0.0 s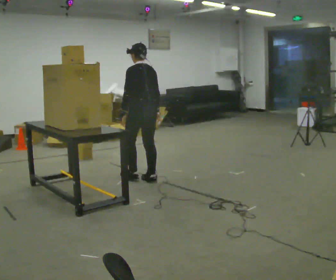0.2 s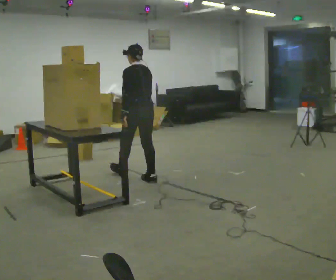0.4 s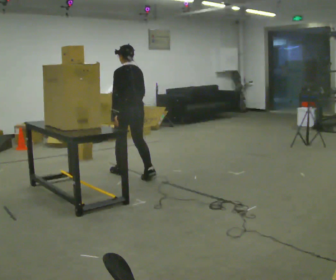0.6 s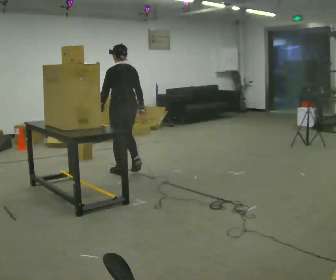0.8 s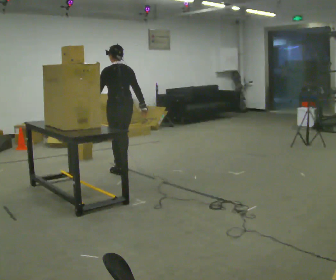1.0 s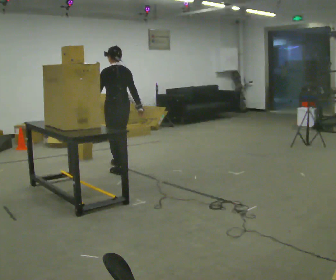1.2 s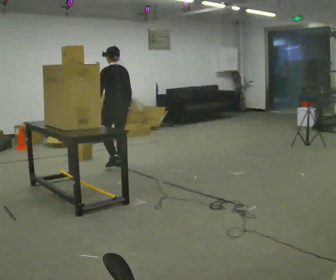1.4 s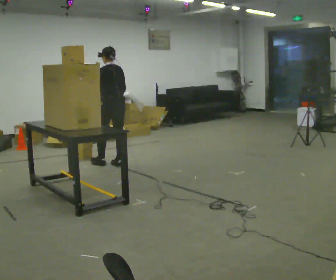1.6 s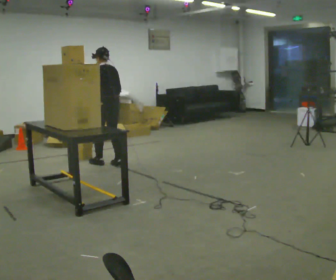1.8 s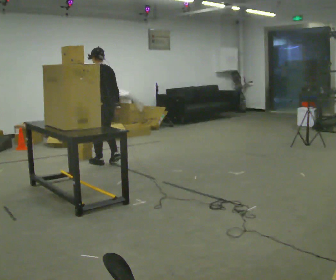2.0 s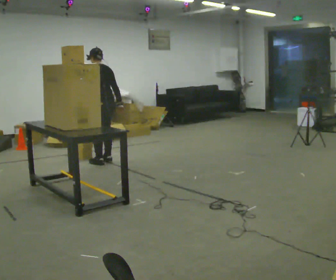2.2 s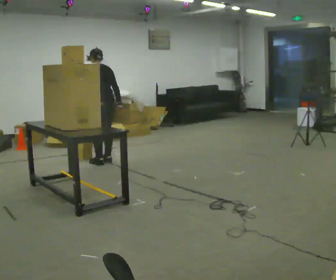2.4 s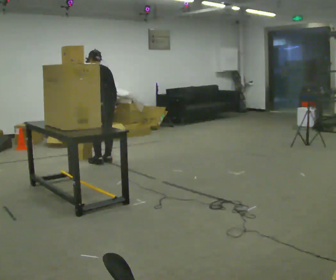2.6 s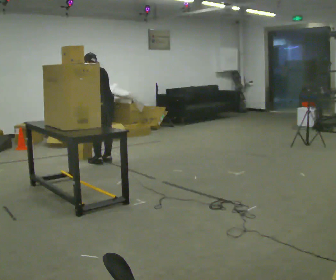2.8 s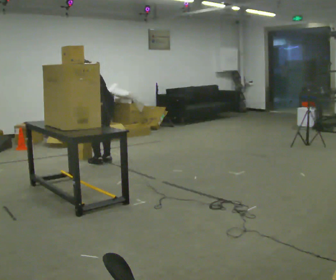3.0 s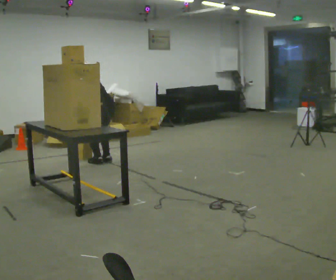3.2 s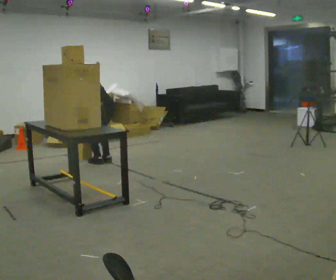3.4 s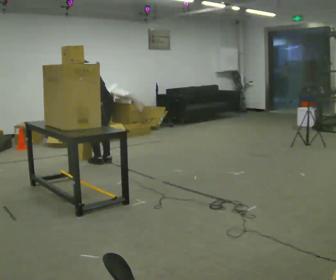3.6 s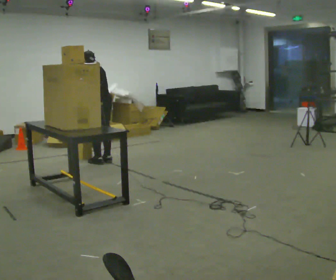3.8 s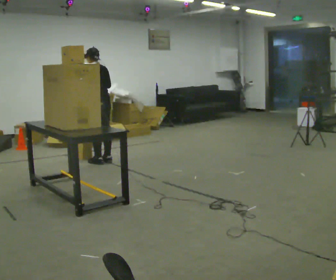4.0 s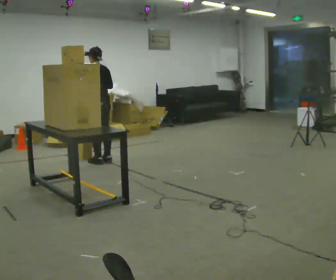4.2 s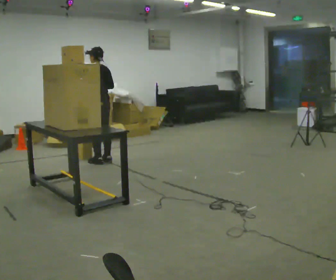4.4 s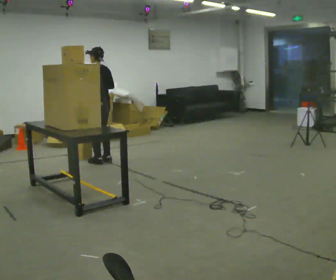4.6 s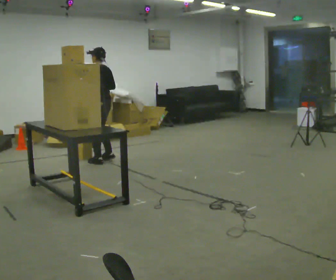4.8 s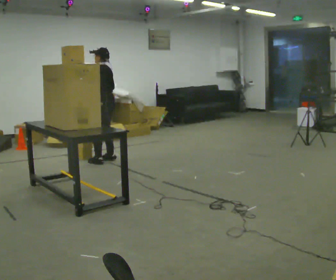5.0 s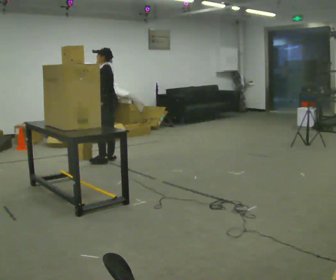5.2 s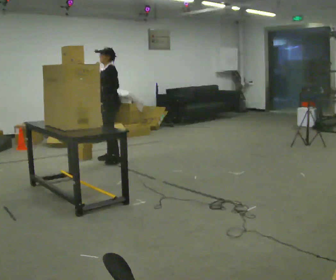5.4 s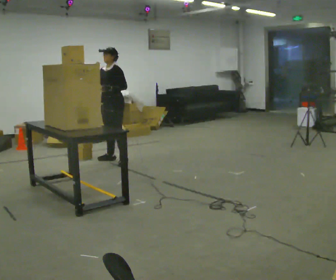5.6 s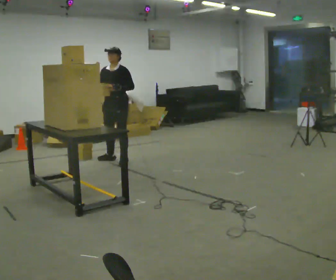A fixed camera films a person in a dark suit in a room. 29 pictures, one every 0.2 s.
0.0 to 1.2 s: In the picture they go away from the camera and to the left, about 0.75 m in 2 steps, which for them is forward.
1.2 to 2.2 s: In the picture they go away from the camera and to the left, about 0.25 m in 2 steps, which for them is forward.
2.2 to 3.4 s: In the picture their right hand goes to the left.
3.4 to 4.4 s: The upper body tips toward the camera, its near side rolling downward, as they lean back or straighten. In the picture their right hand goes upward.
4.4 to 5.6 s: The part of the body nearest the lens slides to the right as the person turns to their left by about 105 degrees. In the picture they go to the right, about 0.25 m in 1 step.
The film runs forward here.
